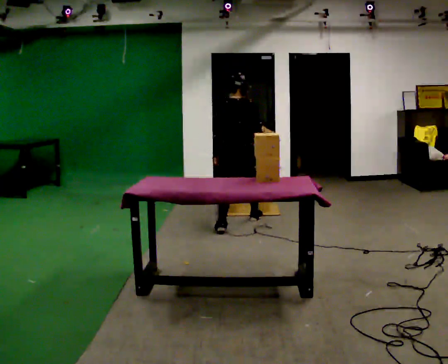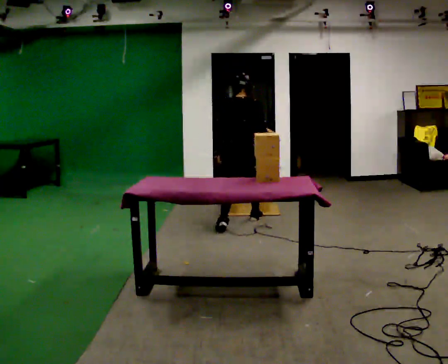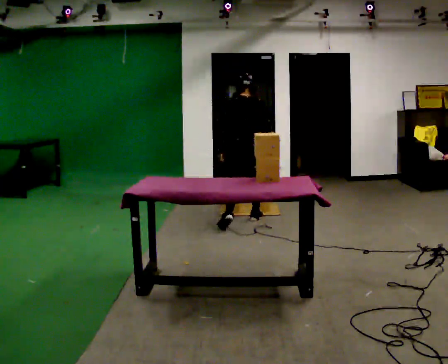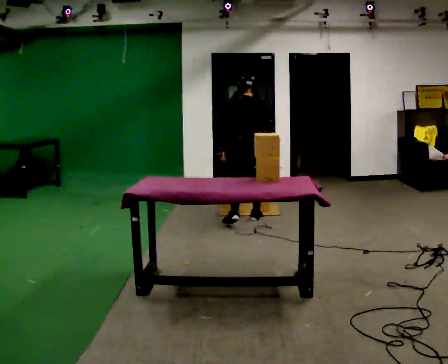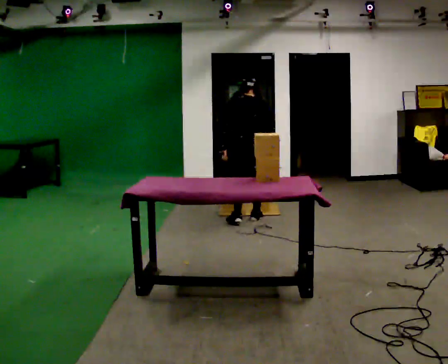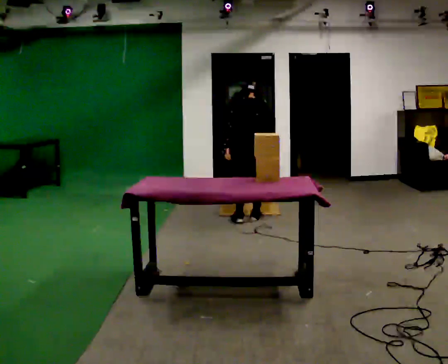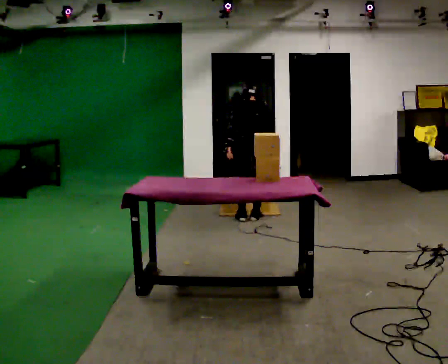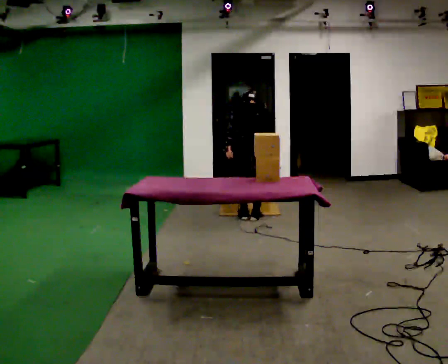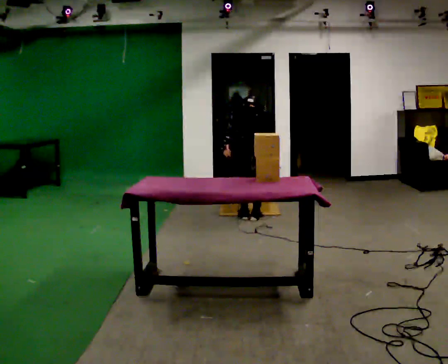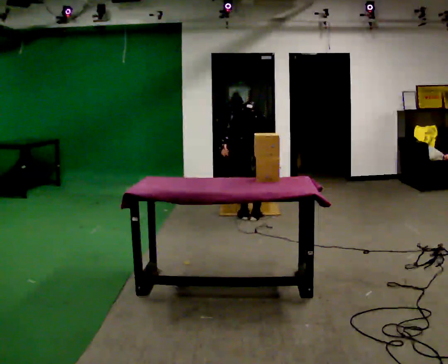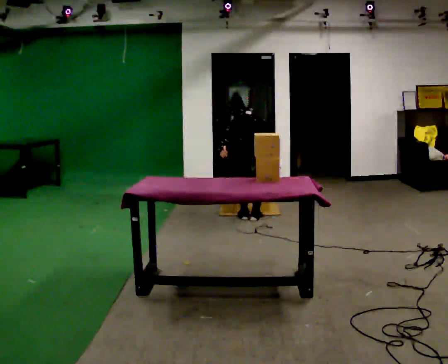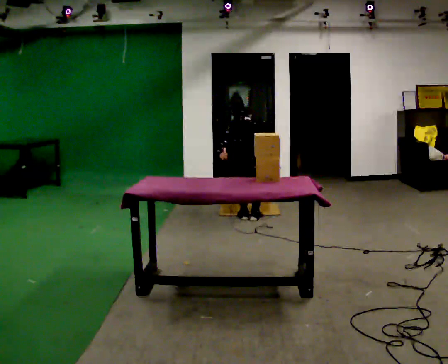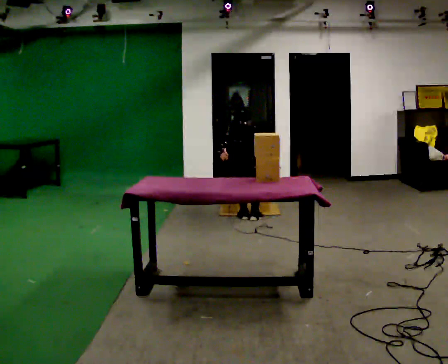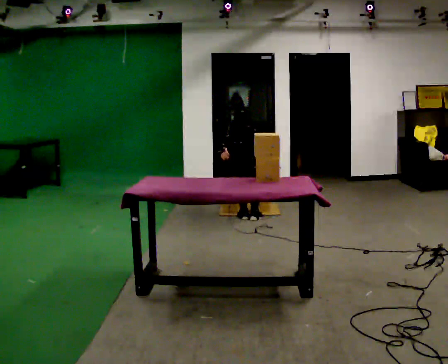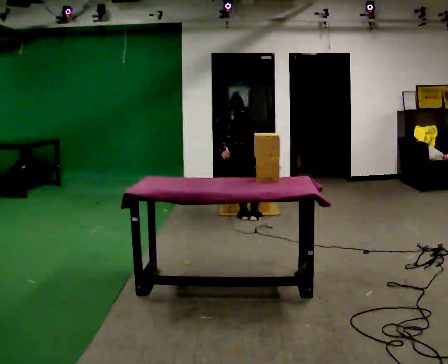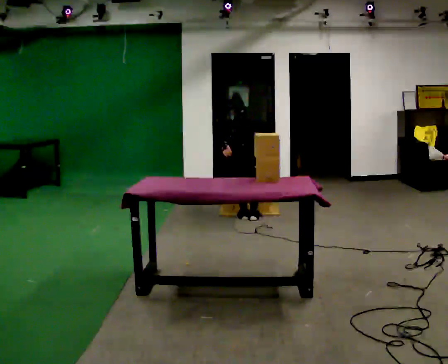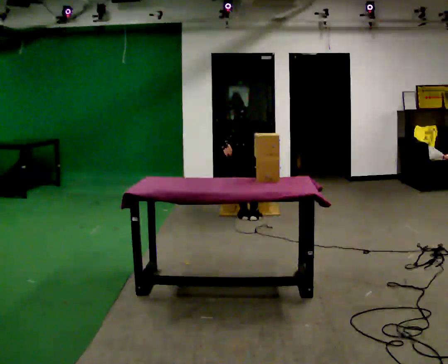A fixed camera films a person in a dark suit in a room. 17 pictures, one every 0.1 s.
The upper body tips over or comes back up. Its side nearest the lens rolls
upward.
The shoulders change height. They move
downward.
0.0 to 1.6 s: The upper body goes downward. The upper body tips away from the camera, its near side rolling upward, as they bend forward.
The film runs forward here.
